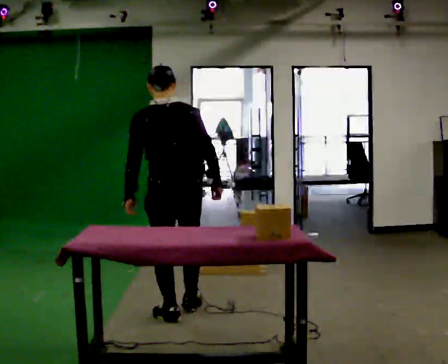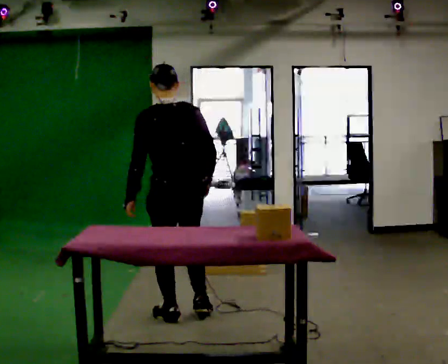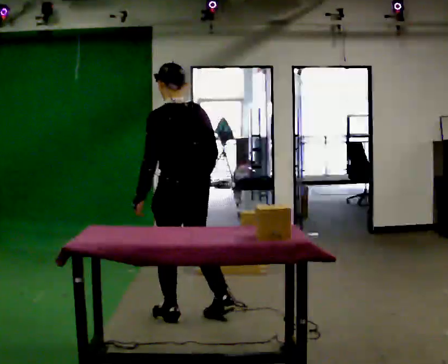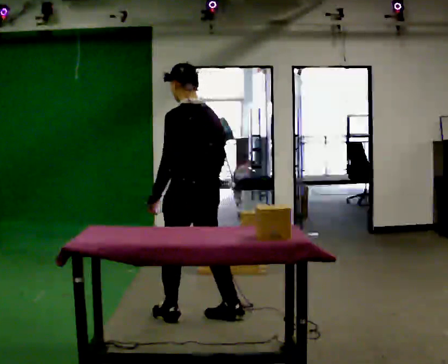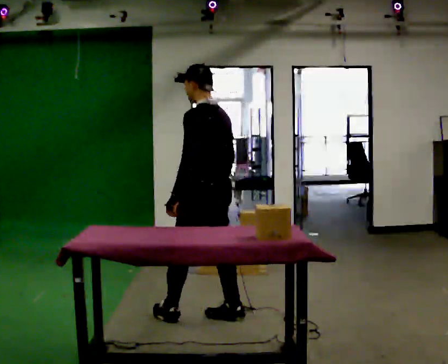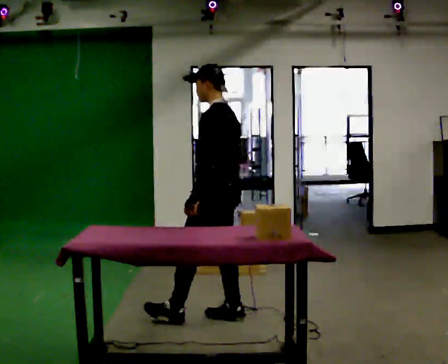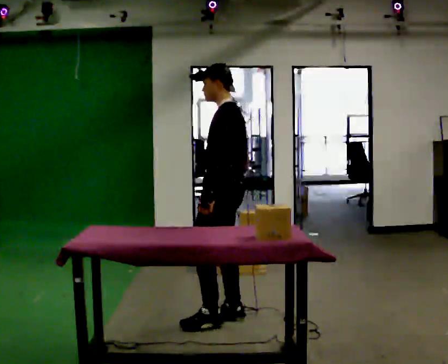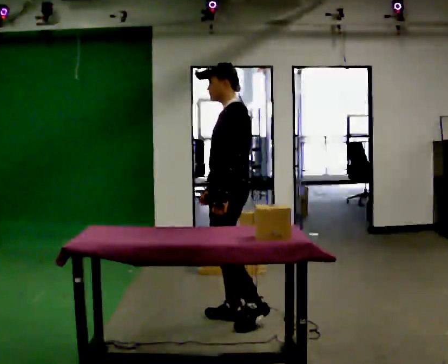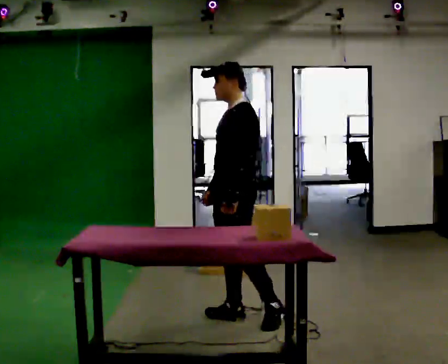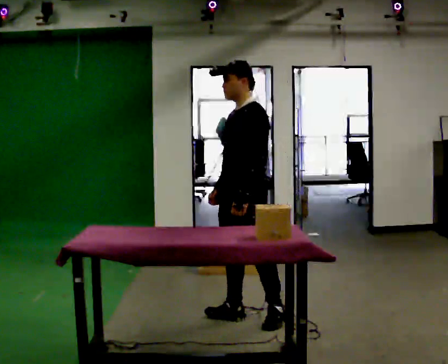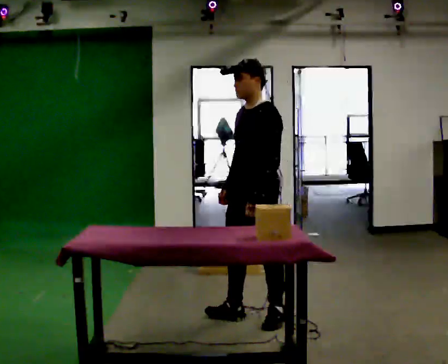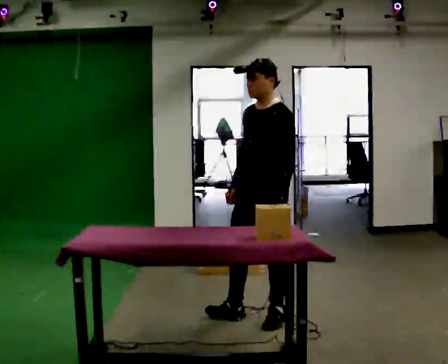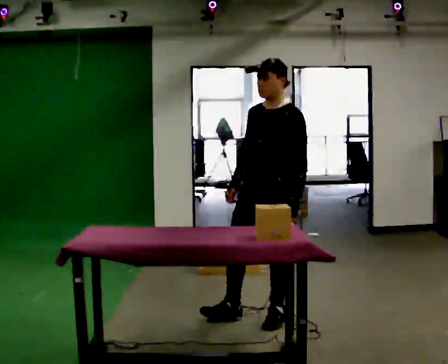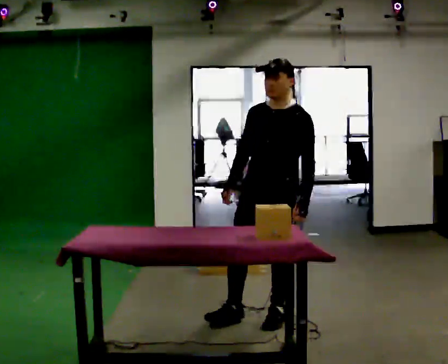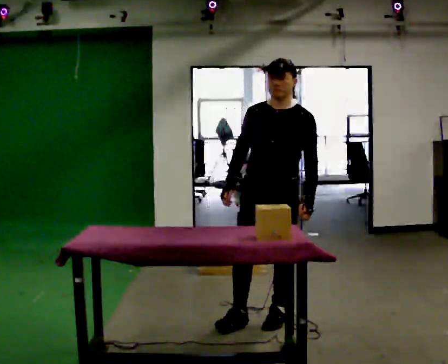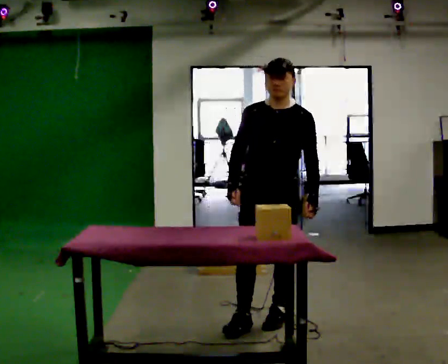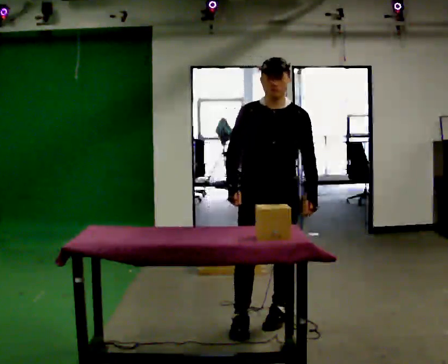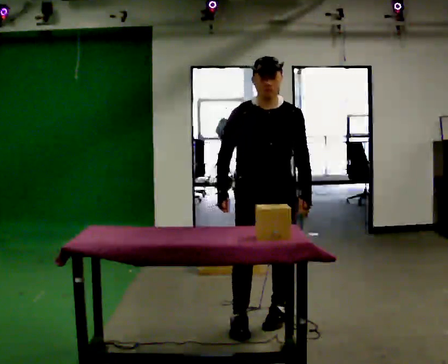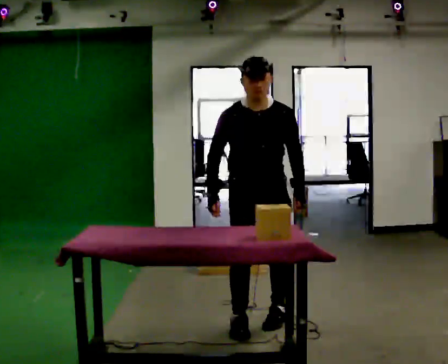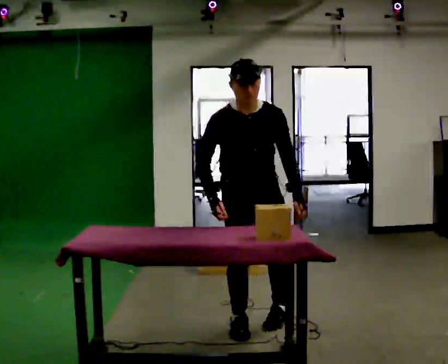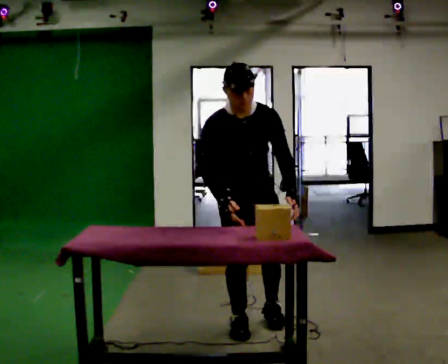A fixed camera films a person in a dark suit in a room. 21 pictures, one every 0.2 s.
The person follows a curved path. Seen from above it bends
clockwise.
The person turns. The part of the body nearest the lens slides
to the right.
0.0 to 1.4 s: The part of the body nearest the lens slides to the right as the person turns to their left by about 90 degrees. In the picture they go to the right, about 0.25 m in 1 step.
1.4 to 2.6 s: The part of the body nearest the lens slides to the right as the person turns to their left by about 45 degrees. In the picture they go to the right, about 0.25 m, which for them is to their left and backward.
2.6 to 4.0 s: The person turns about 60 degrees to their left, counterclockwise seen from above, so the part of the body nearest the lens slides to the right. In the picture they go to the left, about 0.25 m in 1 step, which for them is to their right and forward. The upper body tips toward the camera, its near side rolling downward, as they bend forward.
The film runs backward here.
